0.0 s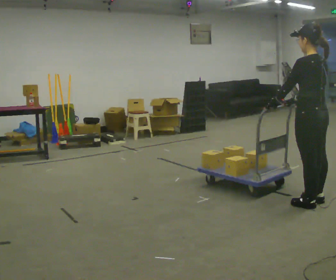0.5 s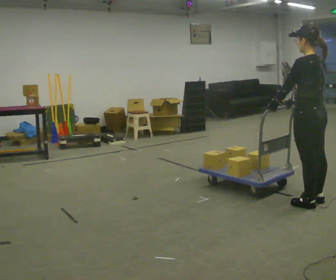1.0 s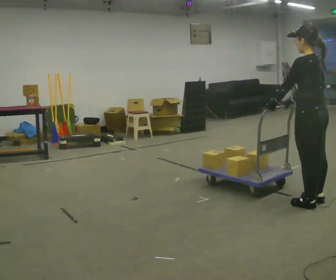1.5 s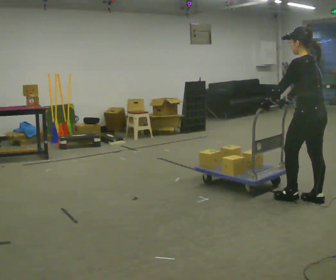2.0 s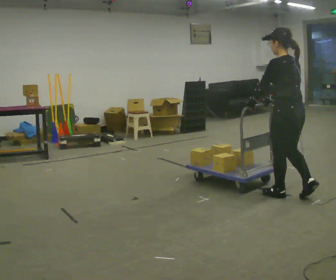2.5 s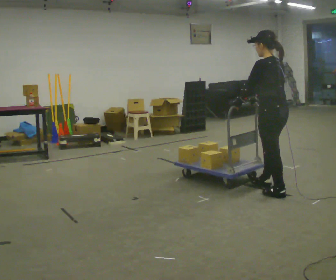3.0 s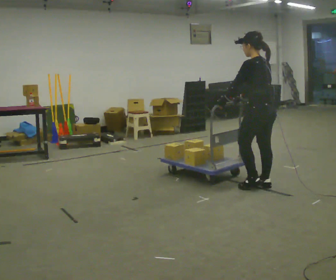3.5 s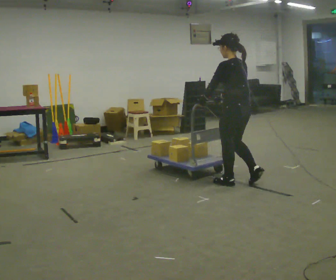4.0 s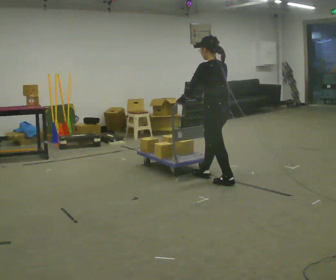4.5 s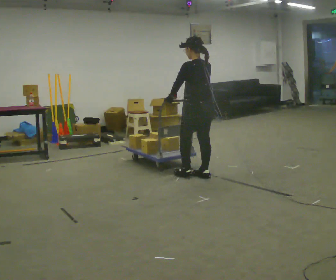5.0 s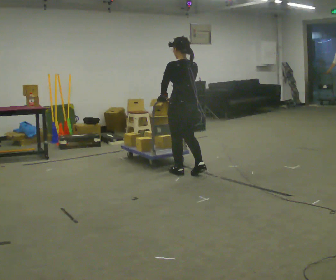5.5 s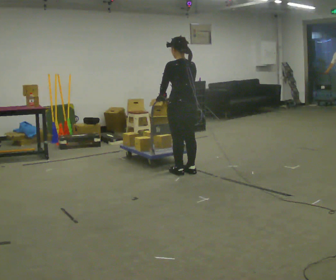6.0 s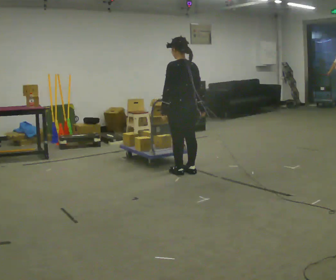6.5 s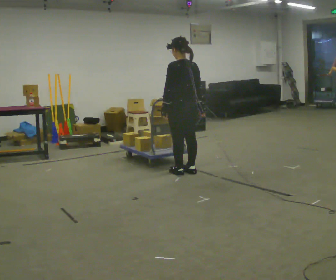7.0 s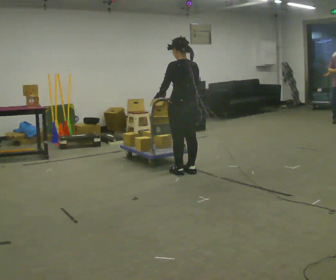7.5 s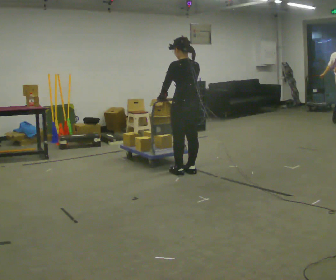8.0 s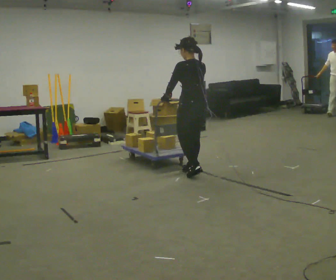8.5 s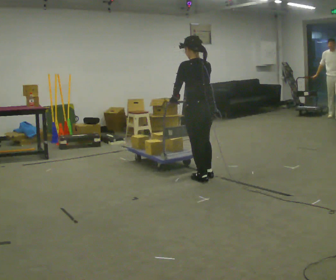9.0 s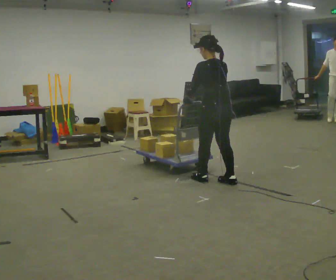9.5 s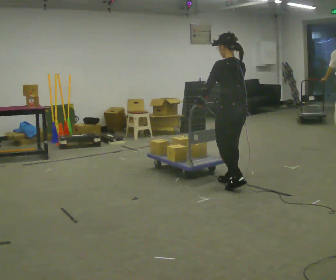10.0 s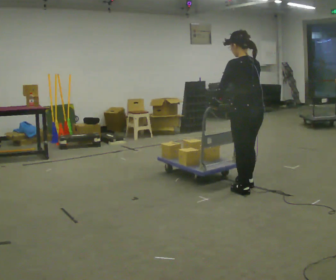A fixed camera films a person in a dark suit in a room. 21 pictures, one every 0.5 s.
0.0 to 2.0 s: In the picture they go away from the camera, about 0.25 m in 1 step, which for them is forward.
2.0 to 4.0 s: In the picture they go away from the camera and to the left, about 1 m in 3 steps, which for them is forward.
4.0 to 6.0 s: In the picture they go away from the camera and to the left, about 0.5 m in 2 steps, which for them is forward.
6.0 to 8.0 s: The person moves a little, or ends about where they began.
8.0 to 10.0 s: In the picture they go toward the camera and to the right, about 1 m in 3 steps, which for them is backward.
The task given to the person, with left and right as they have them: Get the cart into the marked parking space and lined up with the tape. Take as many adjustments as you need. Then take it out again and repeat.
The film runs forward here.
